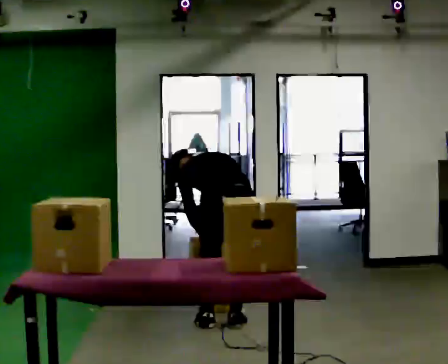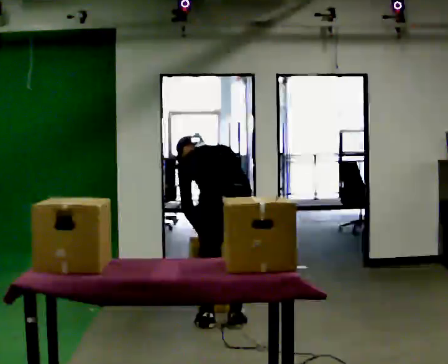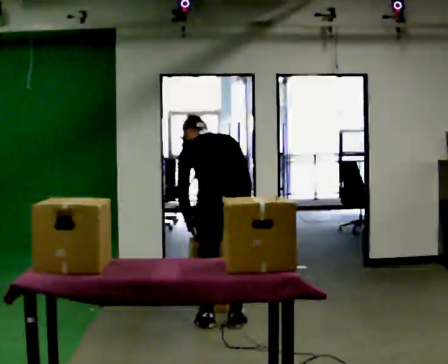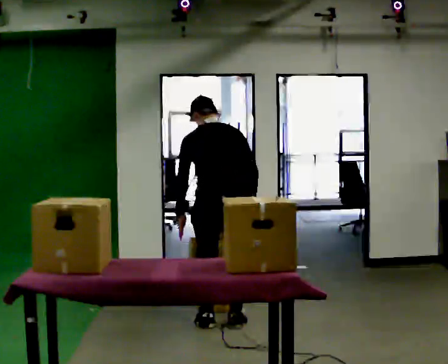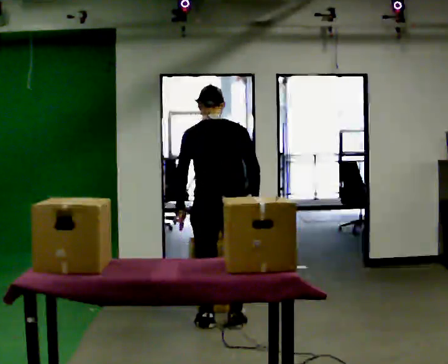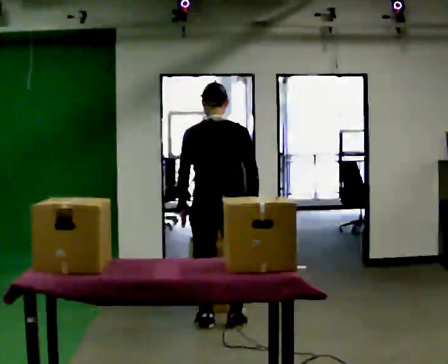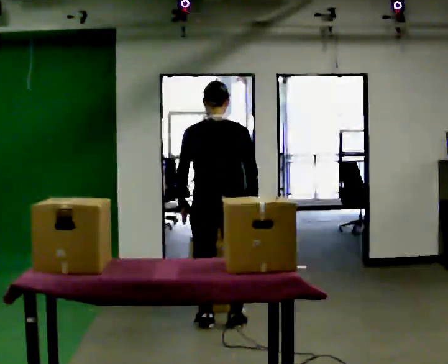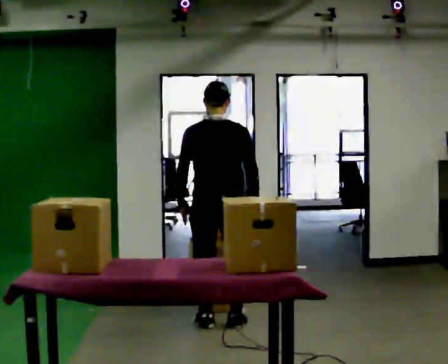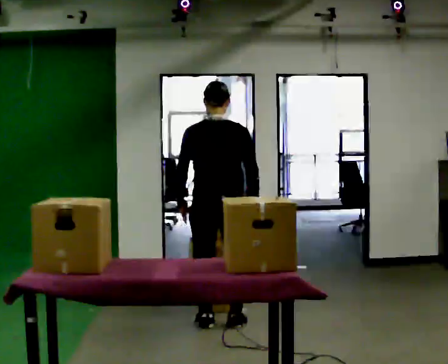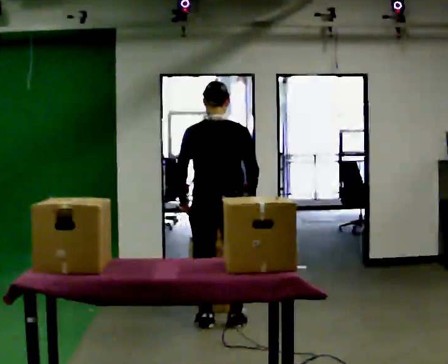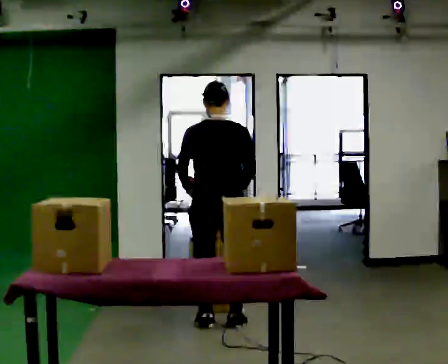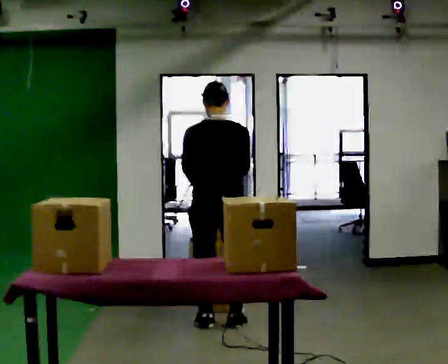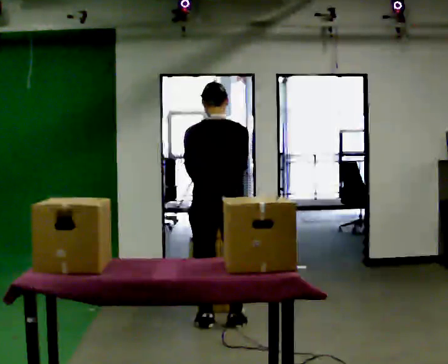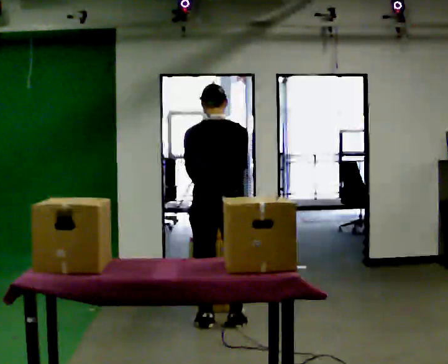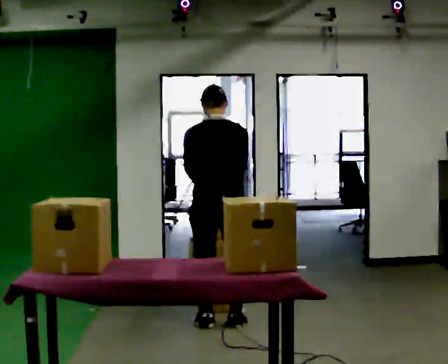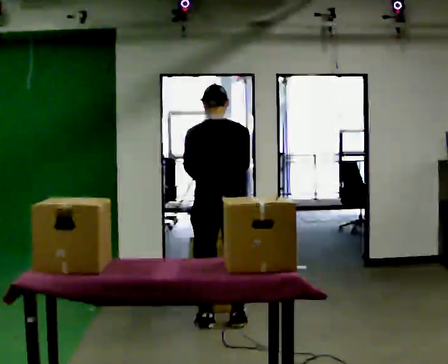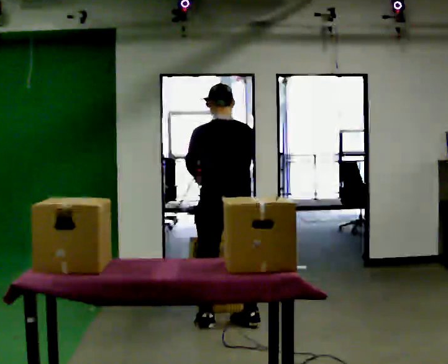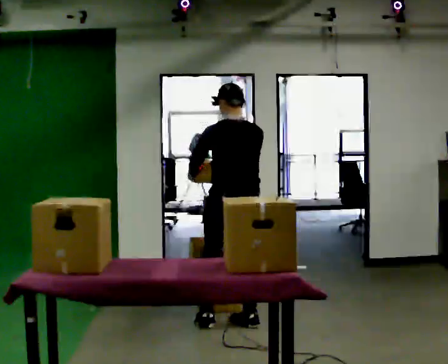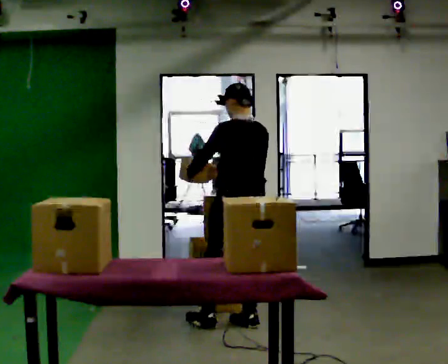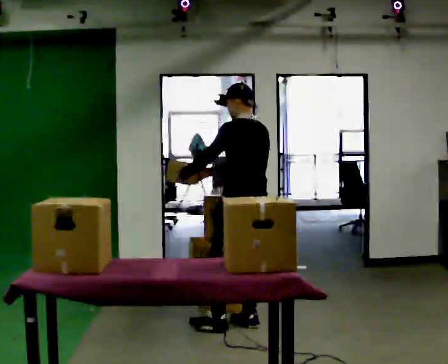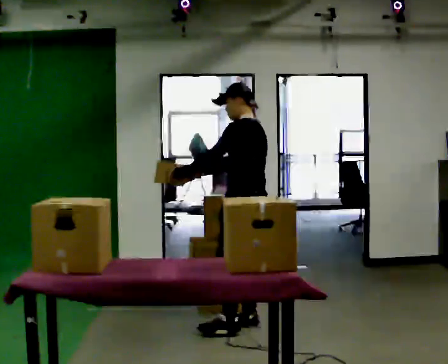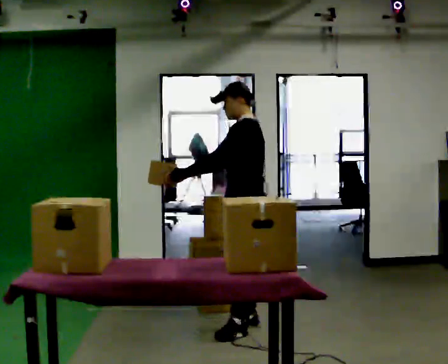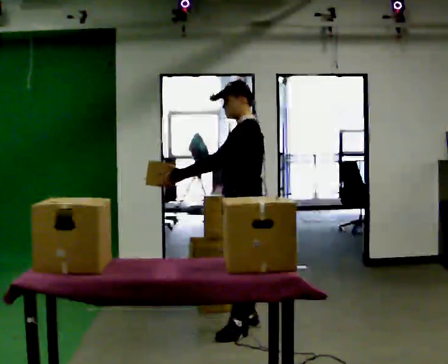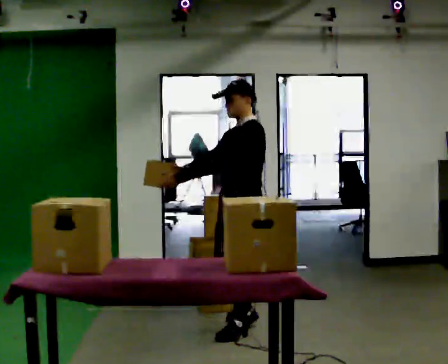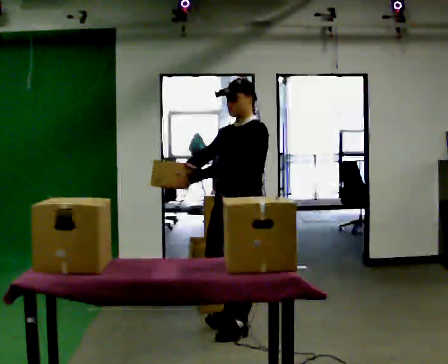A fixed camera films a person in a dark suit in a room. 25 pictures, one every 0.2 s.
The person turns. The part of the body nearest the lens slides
to the right.
Their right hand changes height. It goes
upward.
0.0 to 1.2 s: The shoulders move upward. The upper body tips toward the camera, its near side rolling downward, as they lean back or straighten.
1.2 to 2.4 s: The person moves a little, or ends about where they began.
2.4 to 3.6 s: The person turns about 45 degrees to their left, counterclockwise seen from above, so the part of the body nearest the lens slides to the right. In the picture they go to the right, about 0.25 m in 1 step, which for them is to their right.
3.6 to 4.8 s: The person turns about 90 degrees to their left, counterclockwise seen from above, so the part of the body nearest the lens slides to the right. In the picture they go toward the camera, about 0.25 m in 1 step. In the picture their right hand goes to the left.
The film runs forward here.
